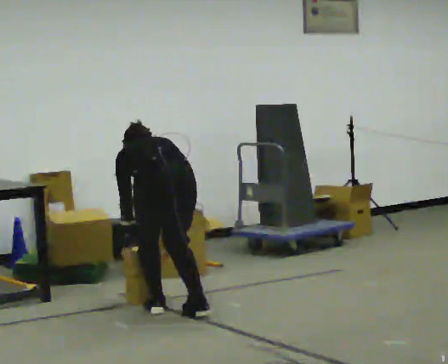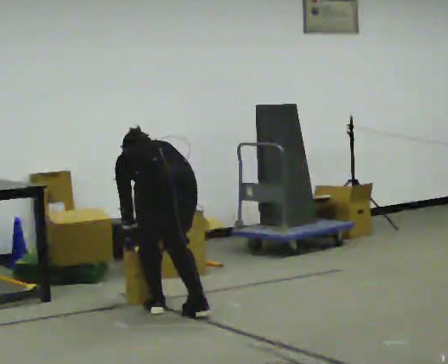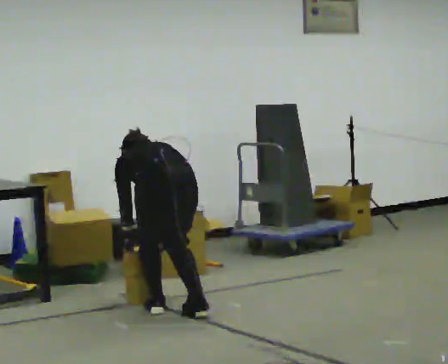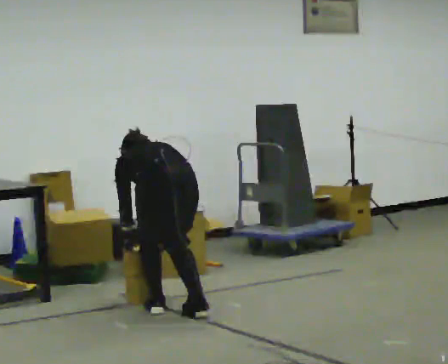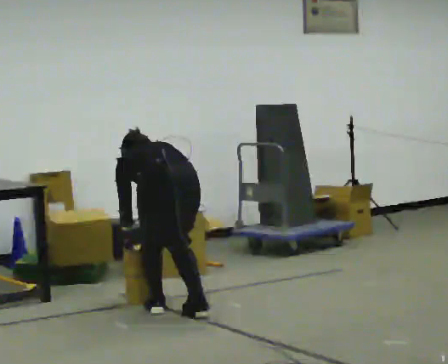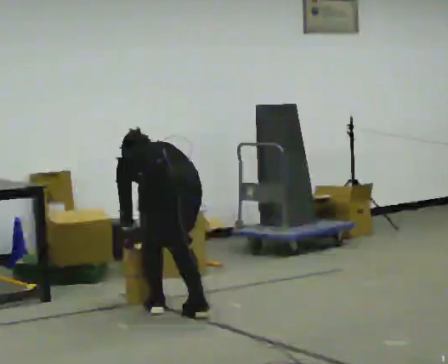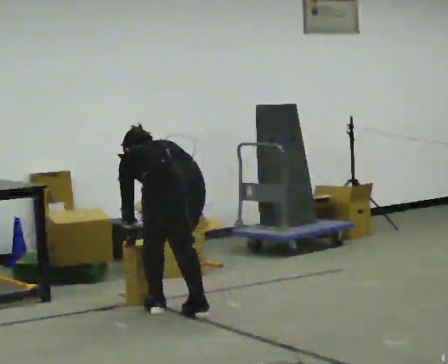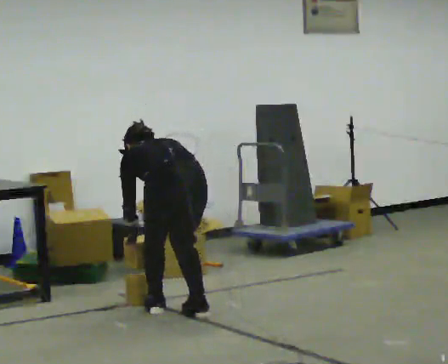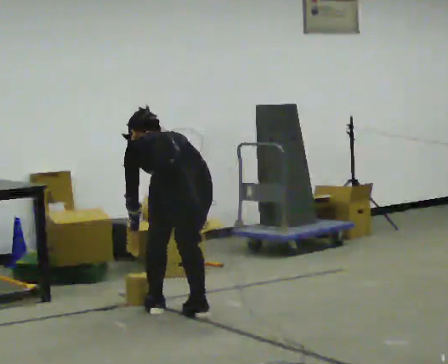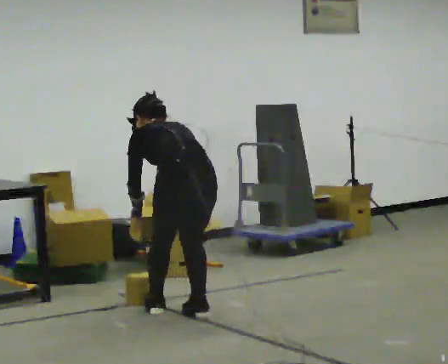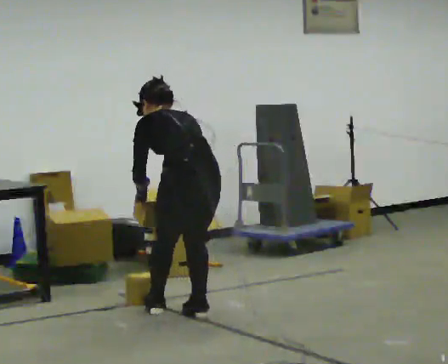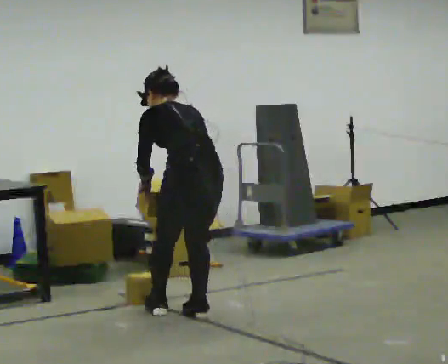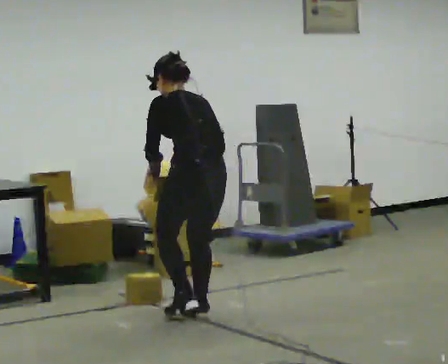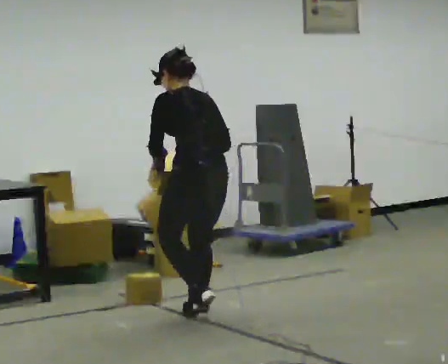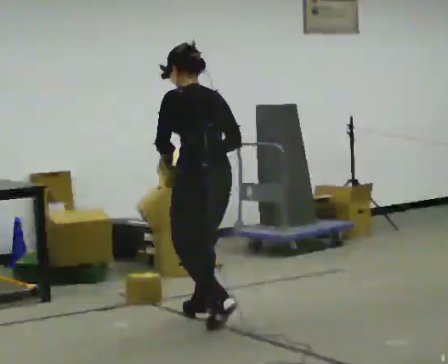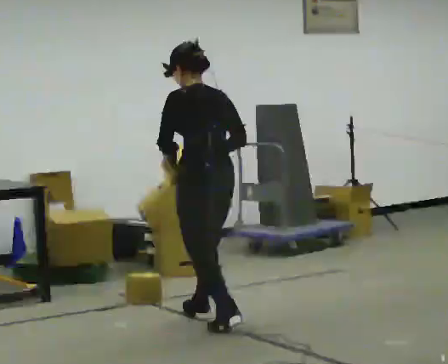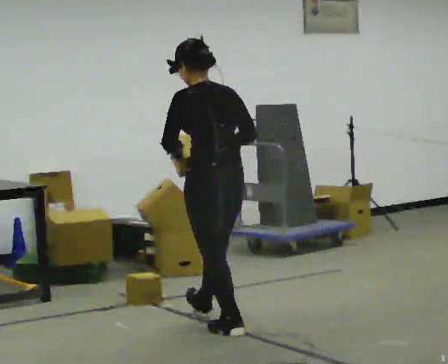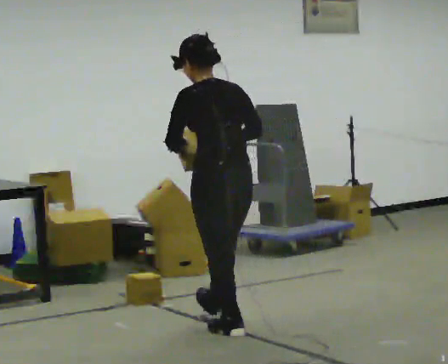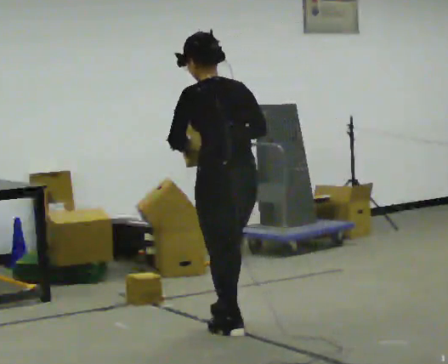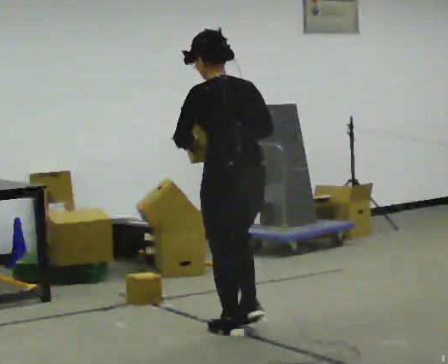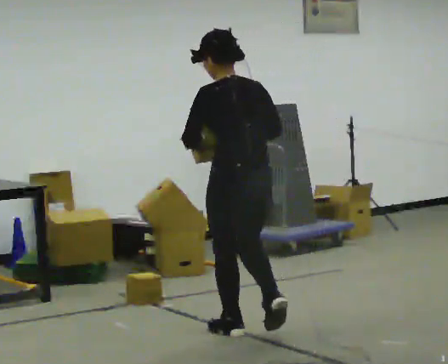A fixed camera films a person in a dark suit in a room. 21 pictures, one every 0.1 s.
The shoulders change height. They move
upward.
Their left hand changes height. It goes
upward.
0.0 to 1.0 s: The upper body goes upward. The upper body tips toward the camera, its near side rolling downward, as they lean back or straighten.
1.0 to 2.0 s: In the picture they go toward the camera and to the right, about 0.5 m in 1 step, which for them is backward. The shoulders move upward. The upper body tips toward the camera, its near side rolling downward, as they lean back or straighten. In the picture their right hand goes upward.
The film runs backward here.
